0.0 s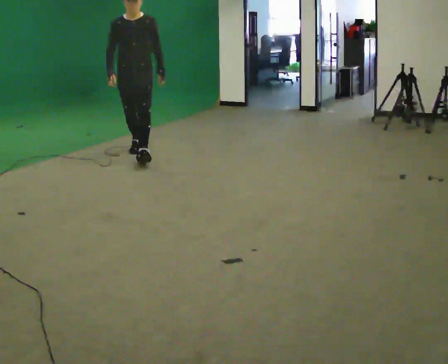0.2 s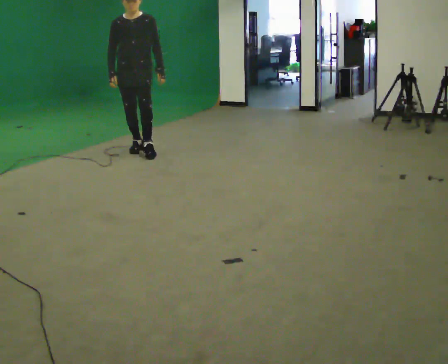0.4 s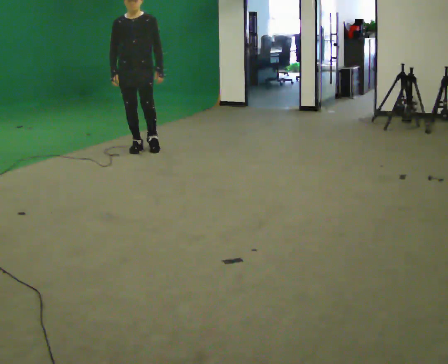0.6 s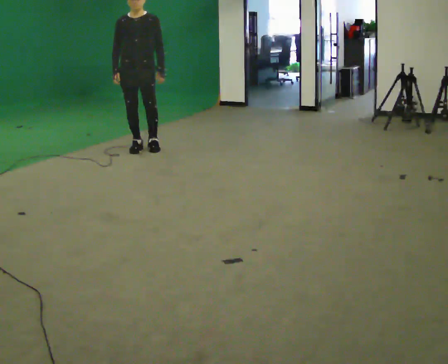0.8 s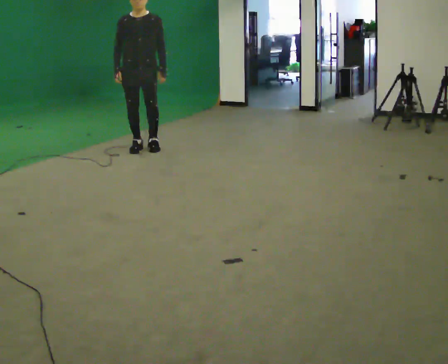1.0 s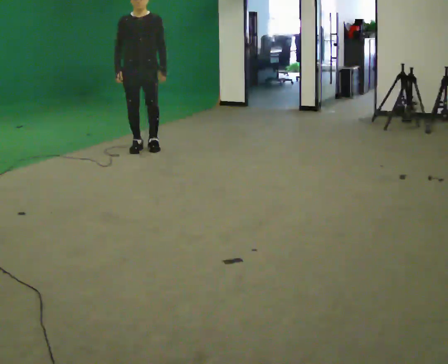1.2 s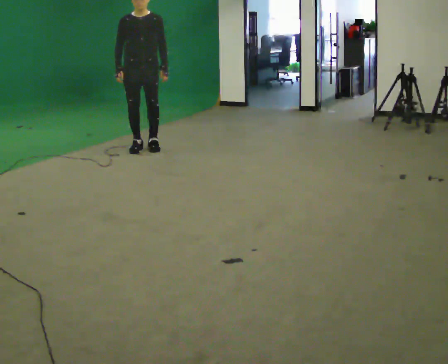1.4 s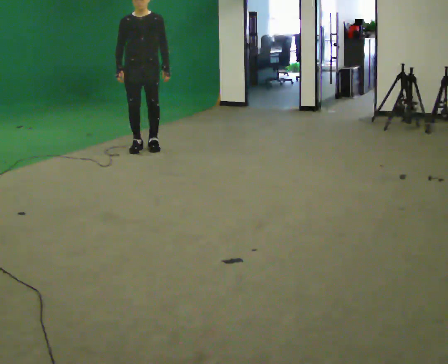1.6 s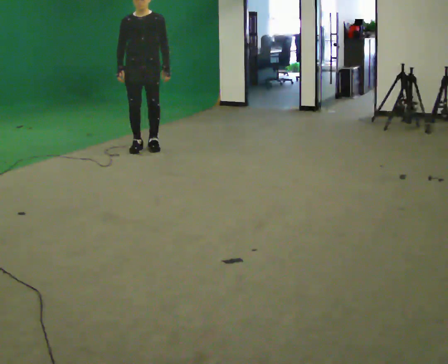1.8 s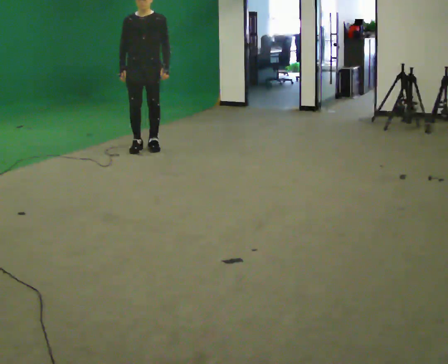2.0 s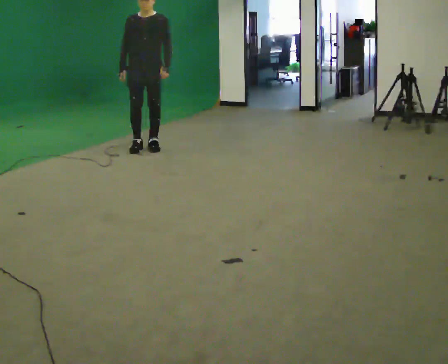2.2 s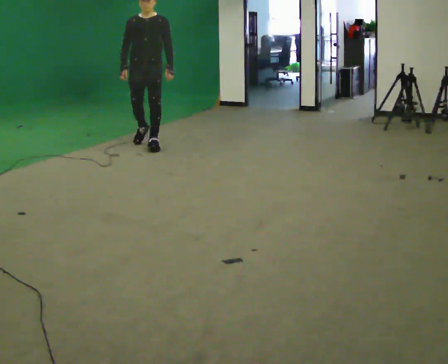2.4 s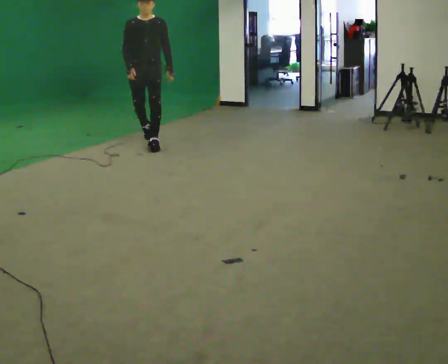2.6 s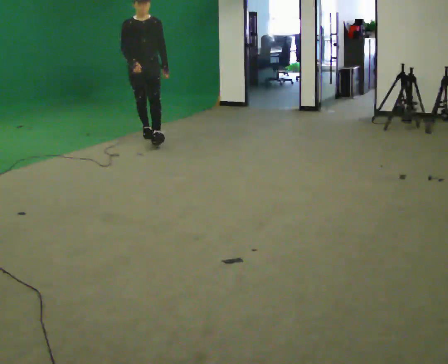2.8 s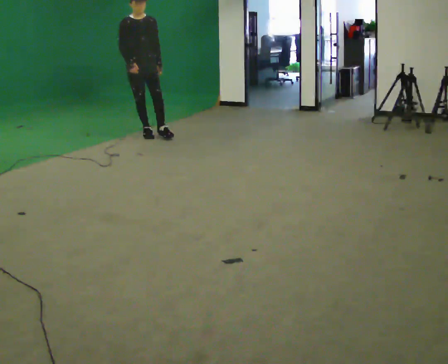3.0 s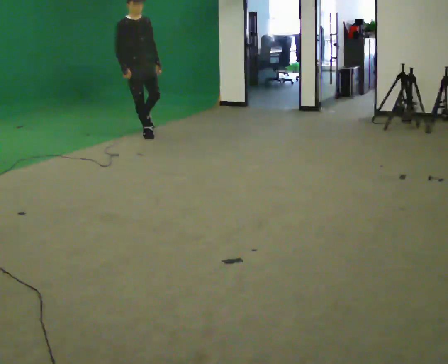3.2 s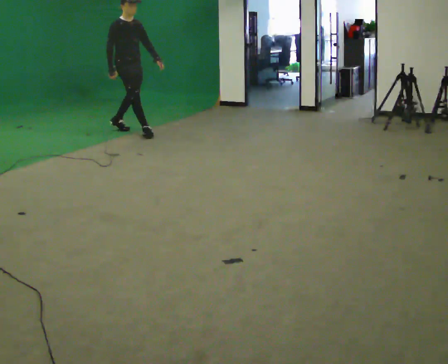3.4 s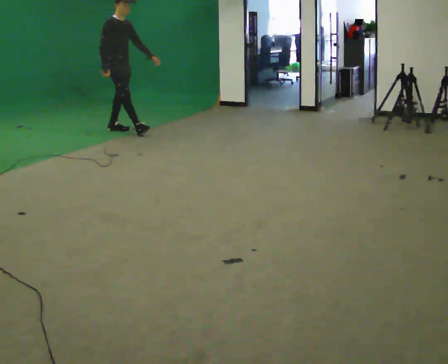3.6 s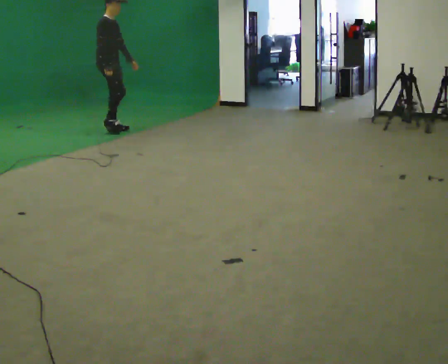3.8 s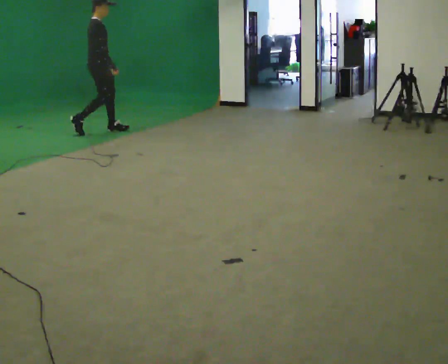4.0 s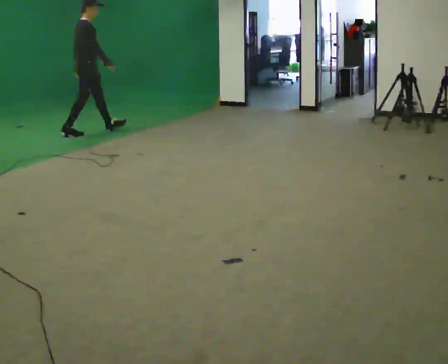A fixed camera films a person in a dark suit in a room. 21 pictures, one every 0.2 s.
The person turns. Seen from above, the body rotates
counterclockwise.
The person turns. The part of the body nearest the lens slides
to the right.
0.0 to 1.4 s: In the picture they go away from the camera, about 0.25 m, which for them is backward.
1.4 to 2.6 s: In the picture they go away from the camera, about 0.5 m in 2 steps, which for them is backward.
2.6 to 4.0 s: Seen from above the body turns counterclockwise, about 105 degrees: to their left, with its near side sliding to the right. In the picture they go to the left and away from the camera, about 1 m in 2 steps.
The film runs backward here.
